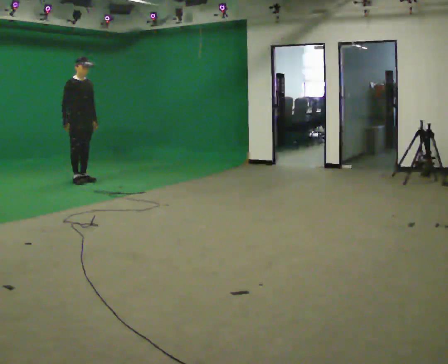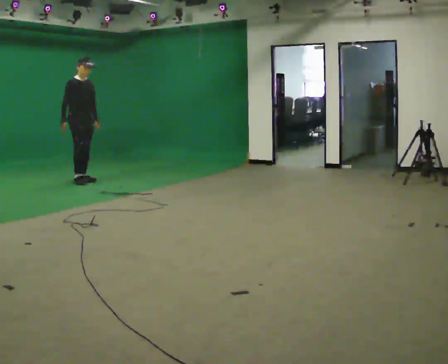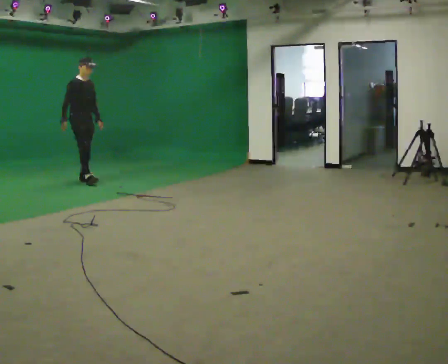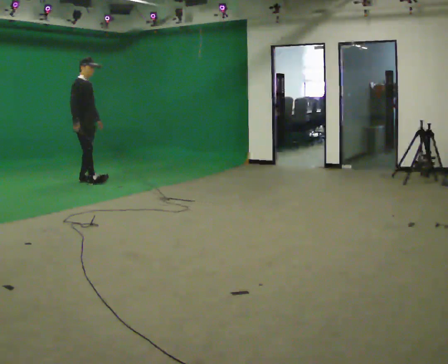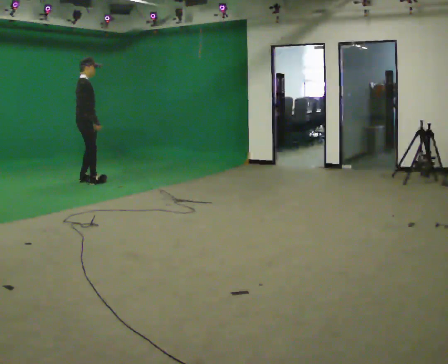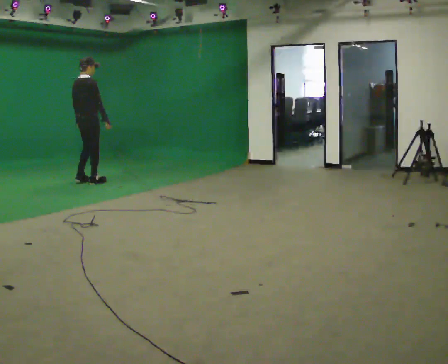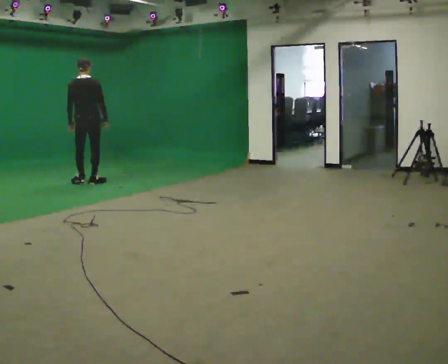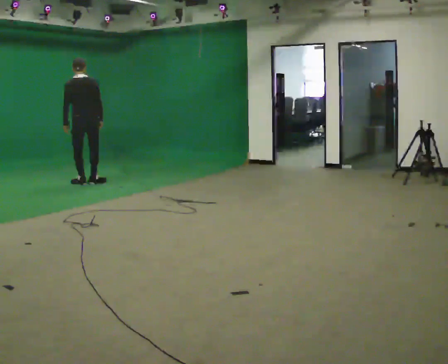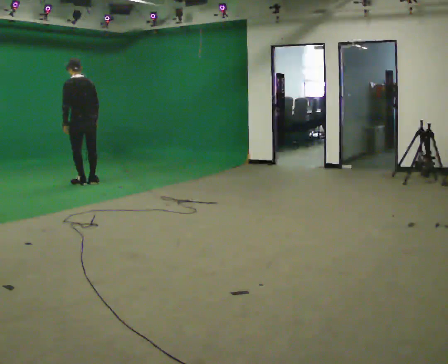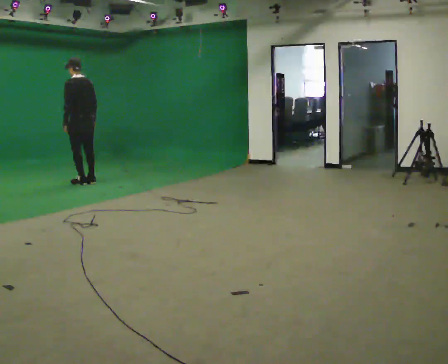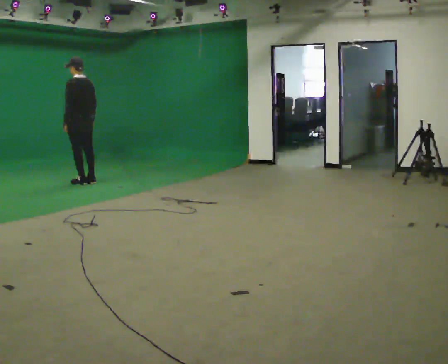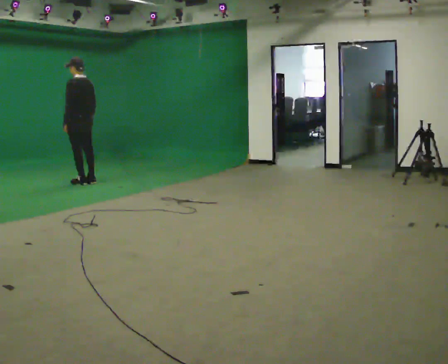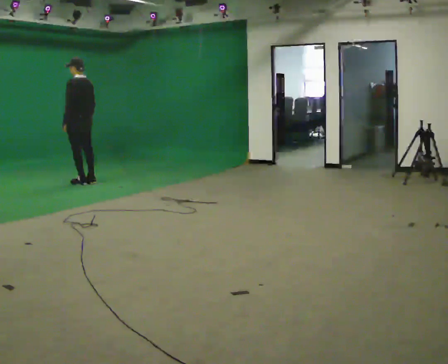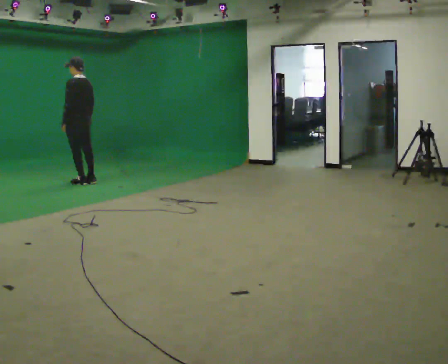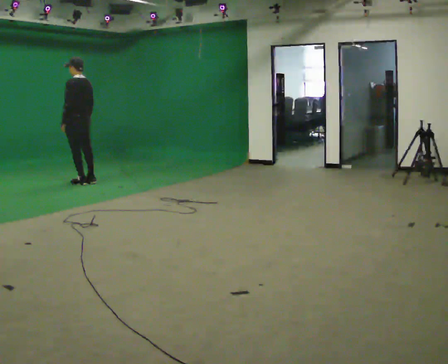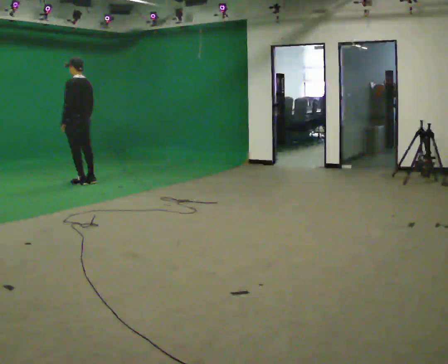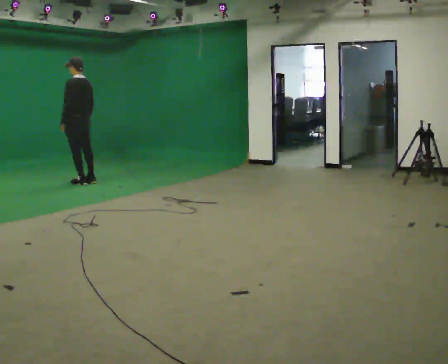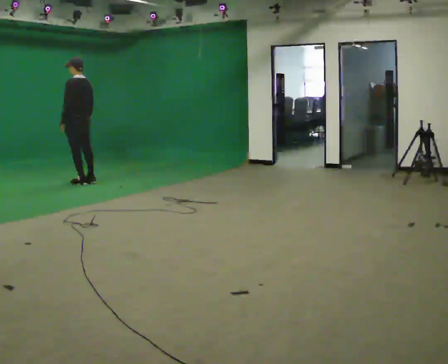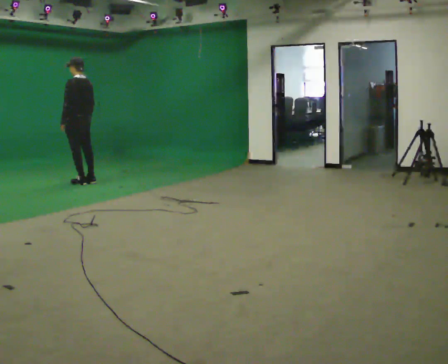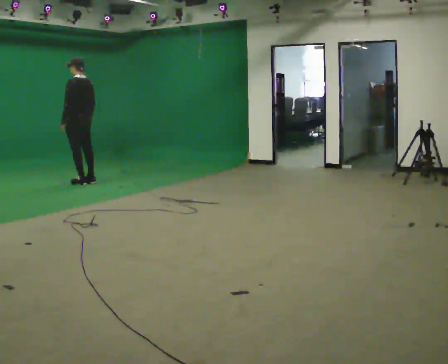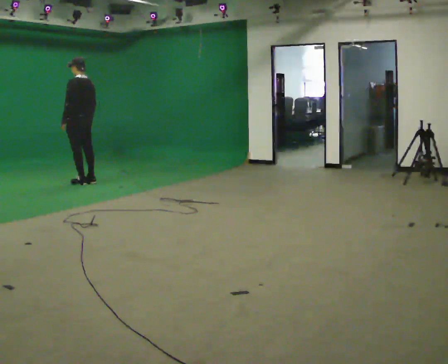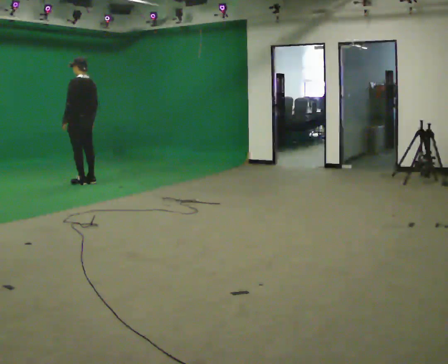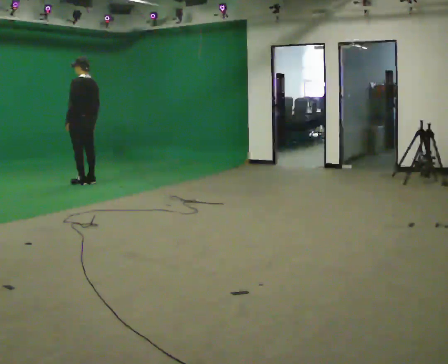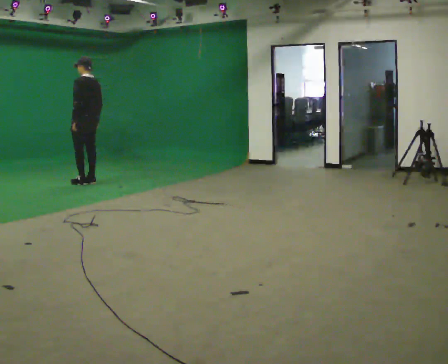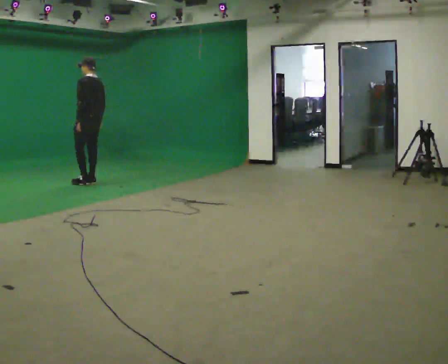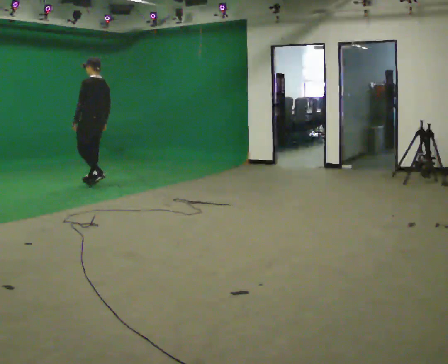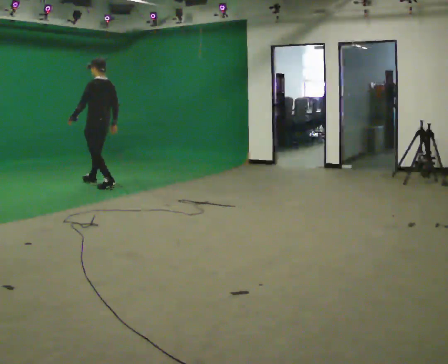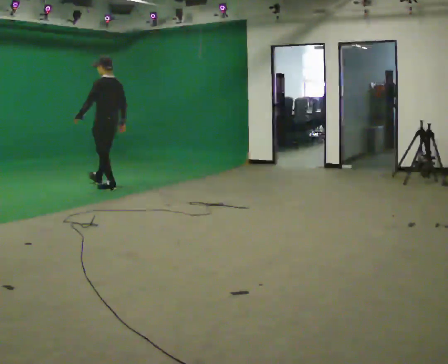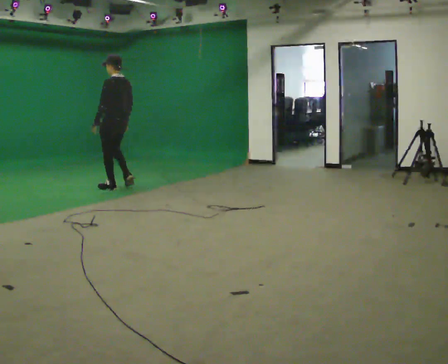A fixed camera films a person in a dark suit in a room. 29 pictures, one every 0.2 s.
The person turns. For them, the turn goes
to their left.
The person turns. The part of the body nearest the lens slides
to the right.
0.0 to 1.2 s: The person turns about 120 degrees to their left, counterclockwise seen from above, so the part of the body nearest the lens slides to the right. In the picture they go toward the camera, about 0.25 m in 2 steps. In the picture their right hand goes to the right.
1.2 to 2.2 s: The person turns about 60 degrees to their left, counterclockwise seen from above, so the part of the body nearest the lens slides to the right.
2.2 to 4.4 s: The person moves a little, or ends about where they began.
4.4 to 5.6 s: In the picture they go toward the camera and to the right, about 0.75 m in 2 steps, which for them is backward.
The film runs backward here.
